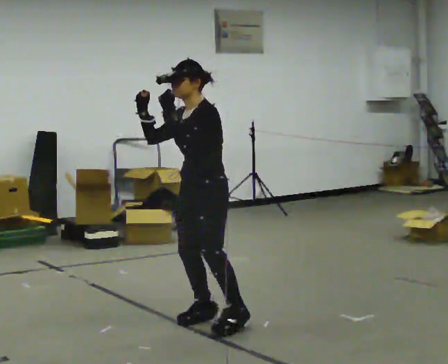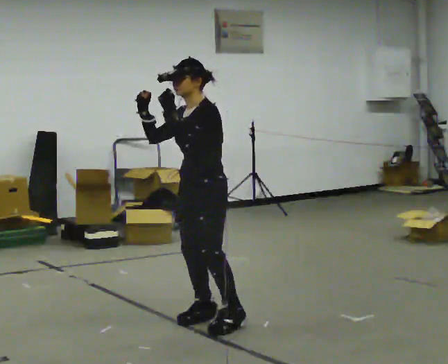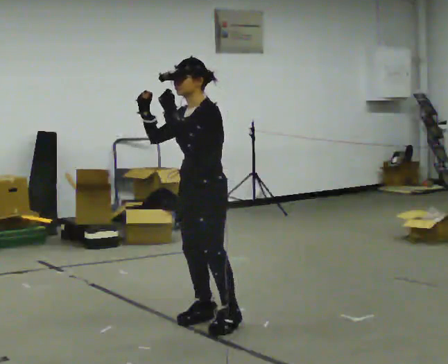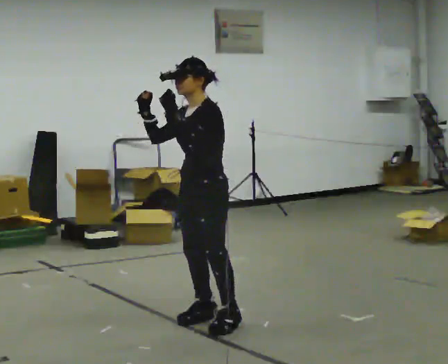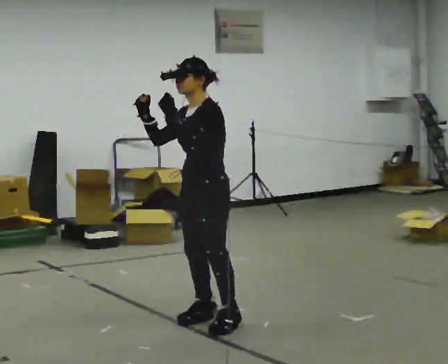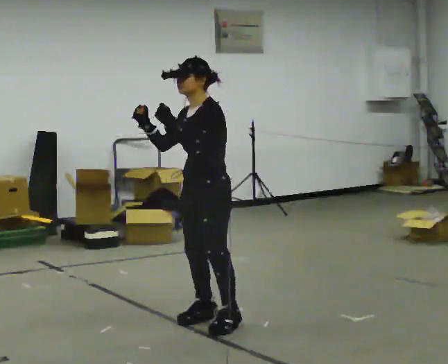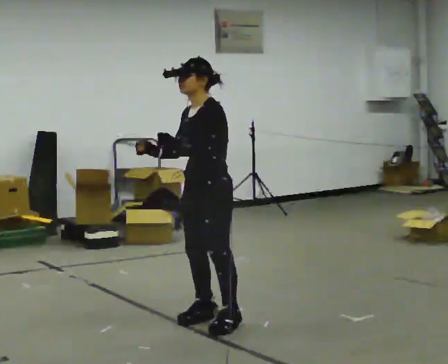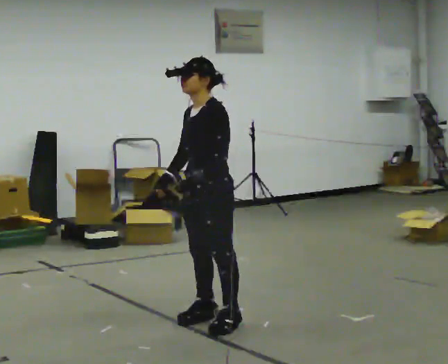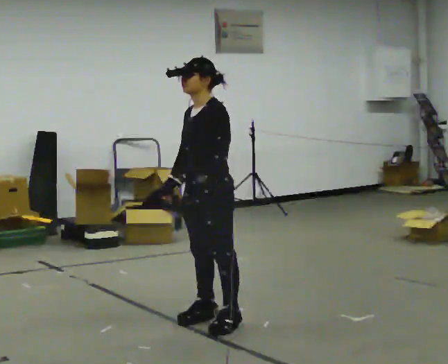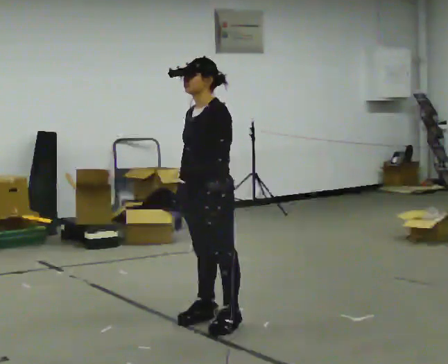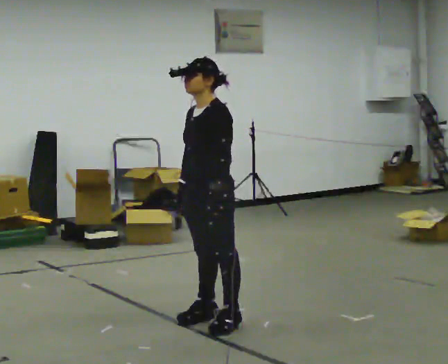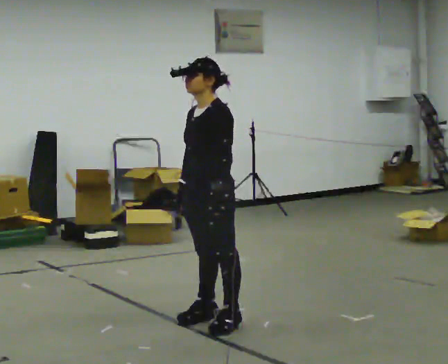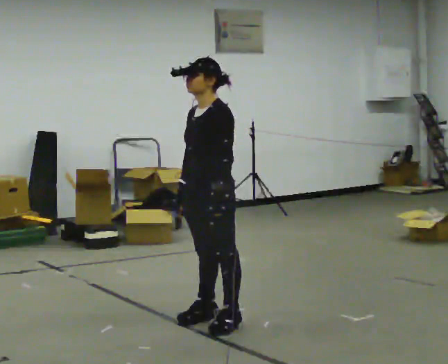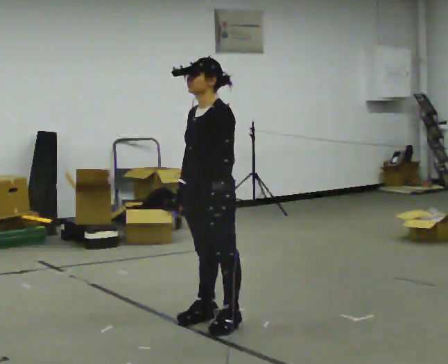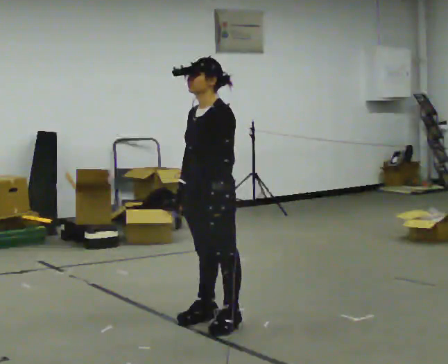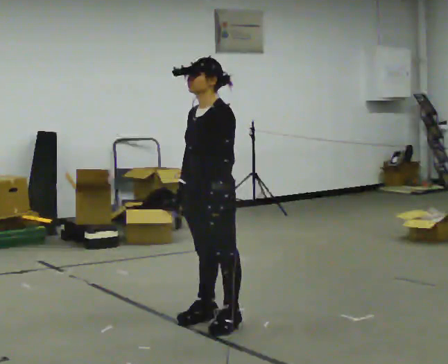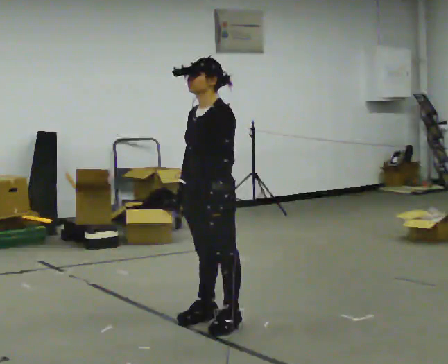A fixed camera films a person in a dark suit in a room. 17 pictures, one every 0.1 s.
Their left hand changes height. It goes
downward.
Their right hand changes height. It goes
downward.
0.0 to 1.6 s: In the picture their right hand goes downward, the arm swinging counterclockwise.
The film runs backward here.
